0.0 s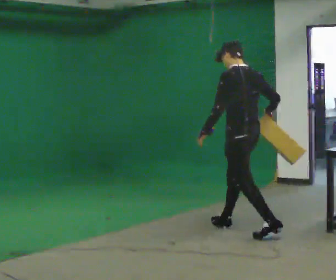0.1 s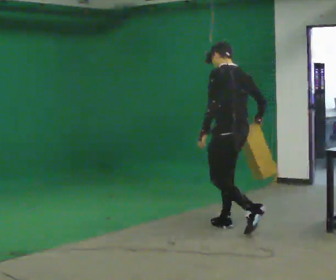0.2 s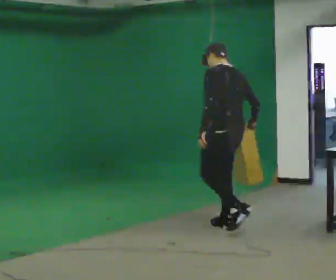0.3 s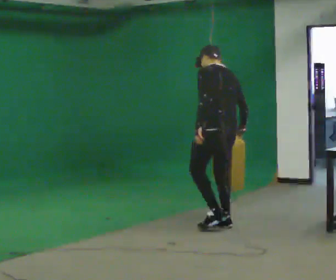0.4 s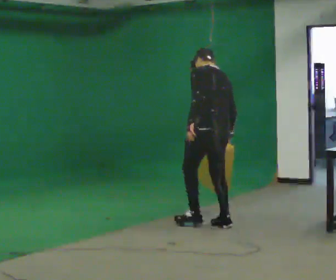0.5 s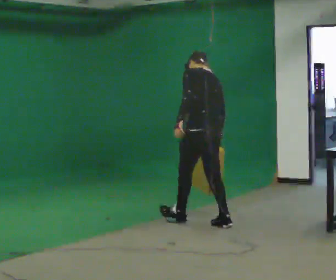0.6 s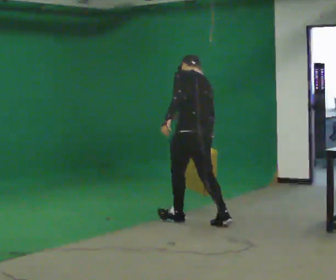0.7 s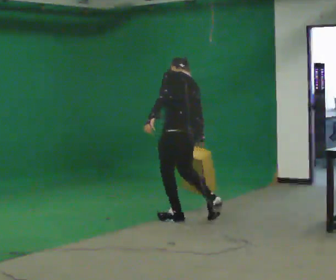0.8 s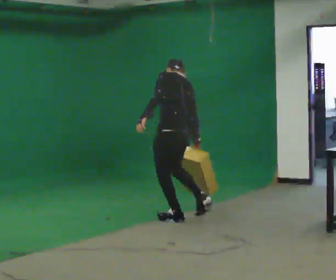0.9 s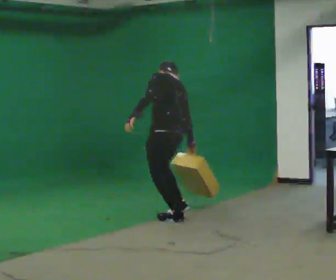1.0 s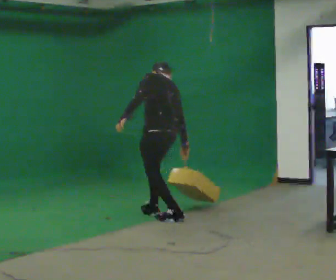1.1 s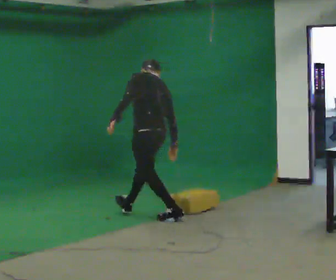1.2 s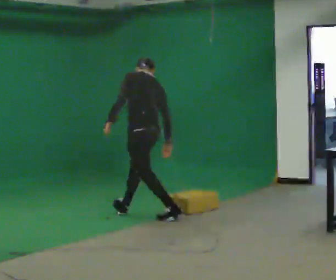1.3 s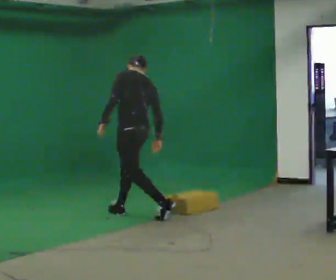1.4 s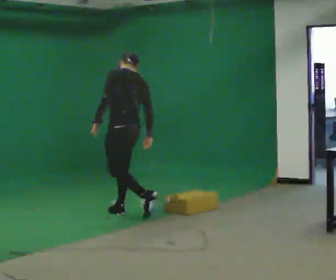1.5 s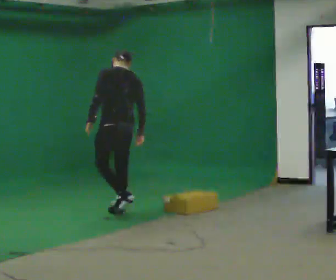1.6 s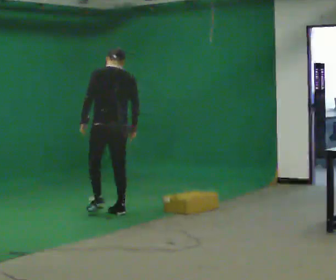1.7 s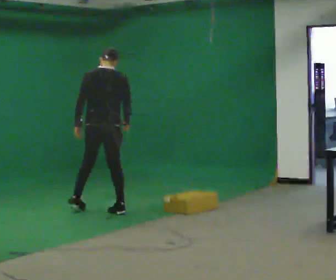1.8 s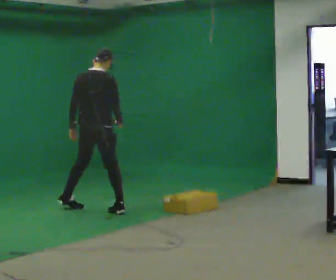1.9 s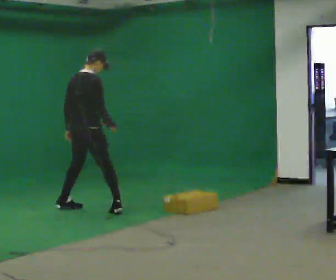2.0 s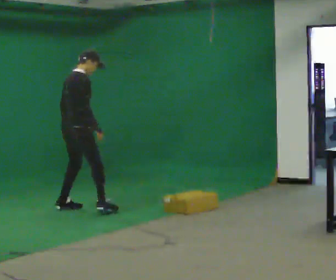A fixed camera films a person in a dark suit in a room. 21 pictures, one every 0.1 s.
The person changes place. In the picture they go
to the left.
The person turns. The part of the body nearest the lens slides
to the left.
0.0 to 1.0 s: In the picture they go to the left and away from the camera, about 1 m in 1 step, which for them is forward. The upper body tips away from the camera, its near side rolling upward, as they bend forward.
1.0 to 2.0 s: The person turns about 105 degrees to their right, clockwise seen from above, so the part of the body nearest the lens slides to the left. In the picture they go to the left and away from the camera, about 1 m in 2 steps. The upper body tips toward the camera, its near side rolling downward.
The film runs forward here.
